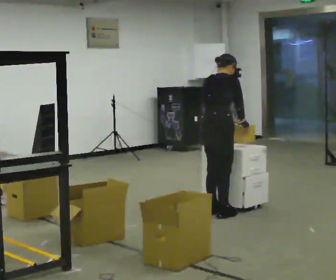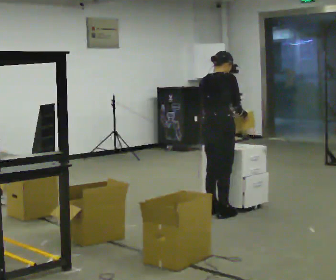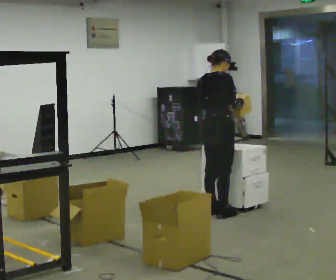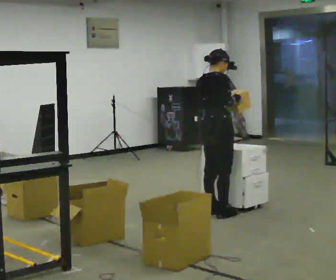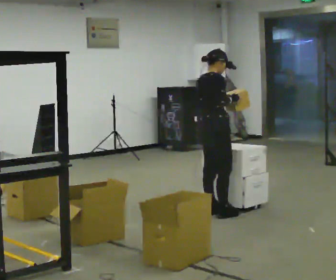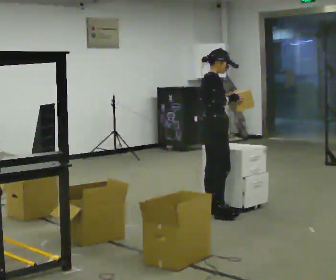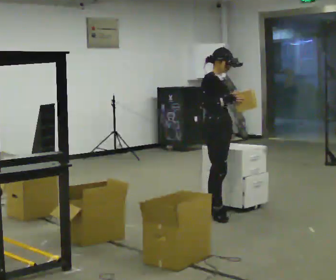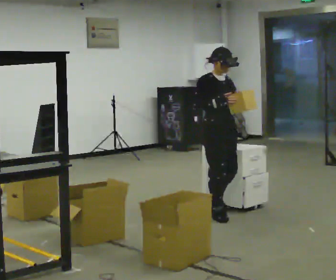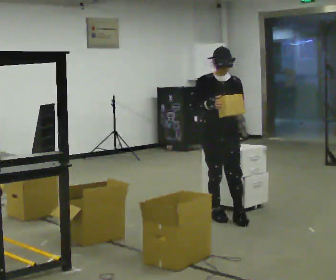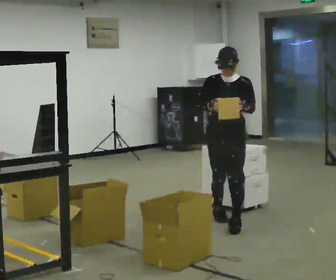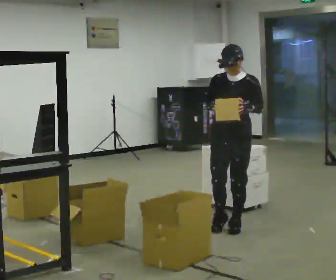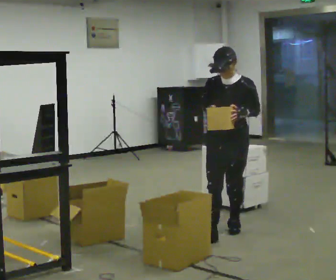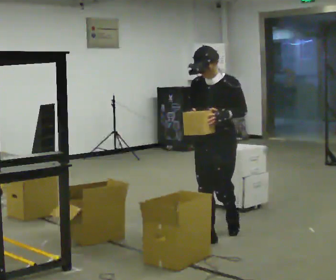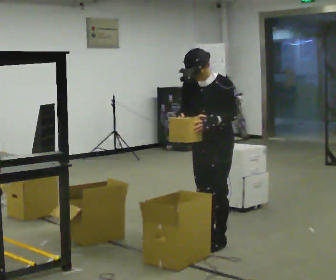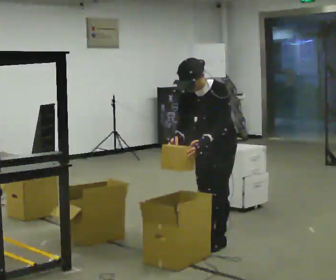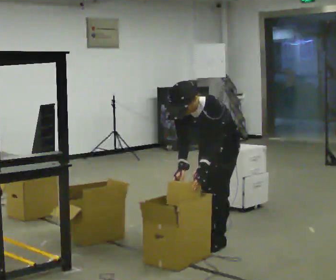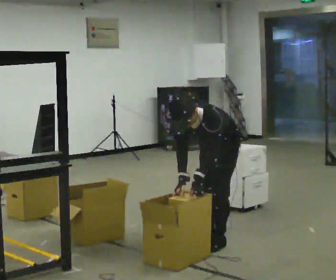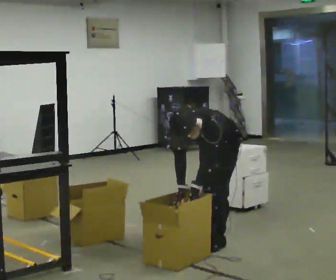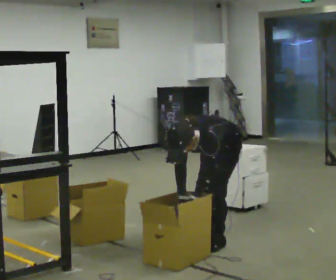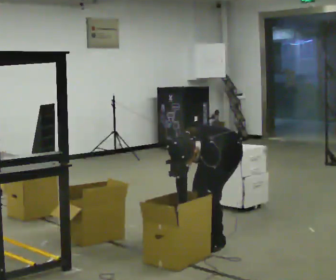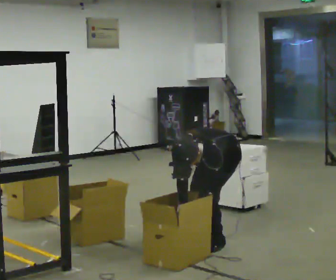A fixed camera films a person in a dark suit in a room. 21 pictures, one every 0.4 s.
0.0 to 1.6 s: The person moves a little, or ends about where they began.
1.6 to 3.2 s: The part of the body nearest the lens slides to the left as the person turns to their right by about 105 degrees. In the picture they go toward the camera, about 0.25 m.
3.2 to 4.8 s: The part of the body nearest the lens slides to the left as the person turns to their right by about 45 degrees. In the picture they go toward the camera, about 0.5 m in 2 steps, which for them is forward.
4.8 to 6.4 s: The upper body goes downward. The upper body tips toward the camera, its near side rolling downward, as they bend forward. In the picture their right hand goes downward.
6.4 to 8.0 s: The upper body goes downward. The upper body tips toward the camera, its near side rolling downward, as they bend forward.
The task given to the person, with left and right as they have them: 1. Take the objects out of the box on the table one at a time. 2. Put each one in the bin the operator has labelled for it. 3. Tell the operator when you are finished.
The film runs forward here.
